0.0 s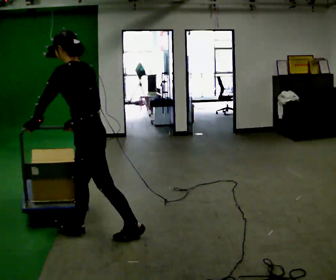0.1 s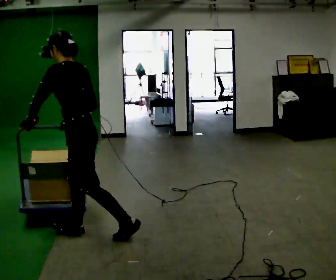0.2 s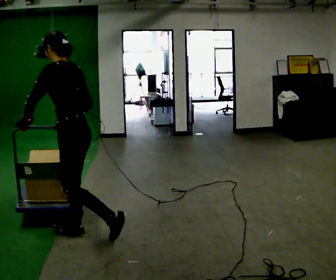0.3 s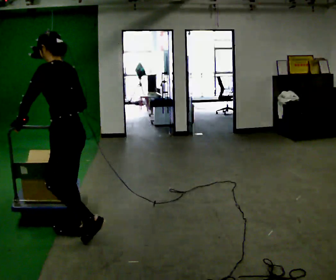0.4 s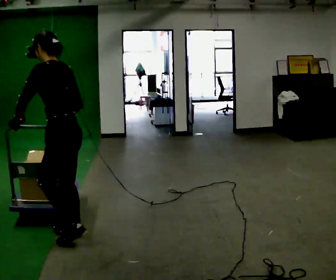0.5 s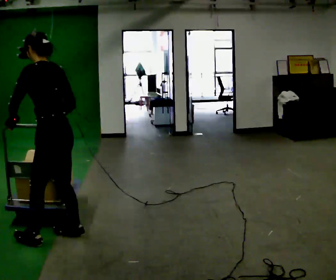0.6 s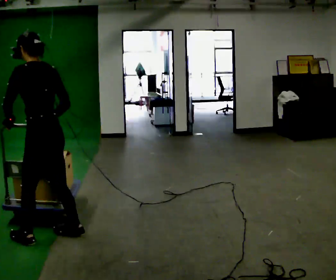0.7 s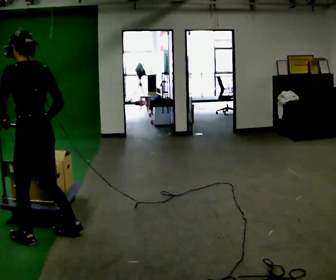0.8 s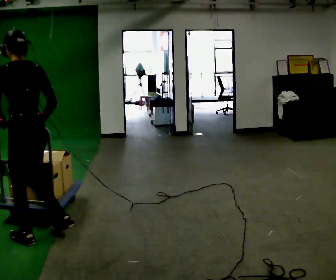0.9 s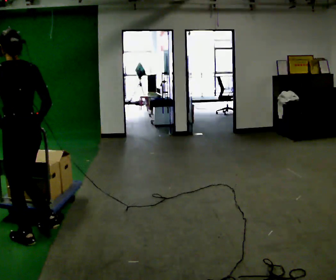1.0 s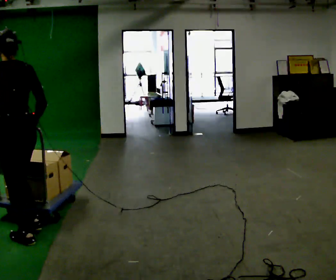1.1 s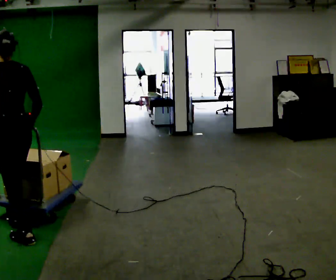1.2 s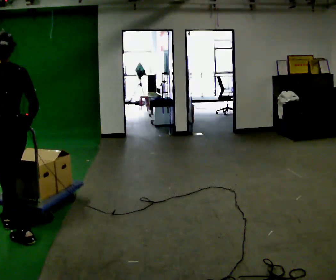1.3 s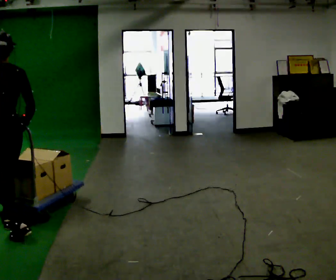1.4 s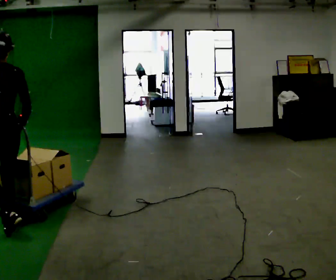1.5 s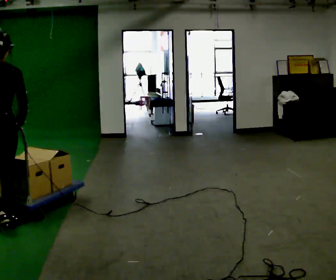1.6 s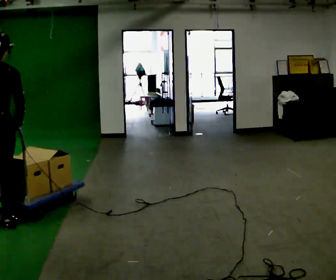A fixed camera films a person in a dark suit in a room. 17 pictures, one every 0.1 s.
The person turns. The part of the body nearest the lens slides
to the left.
The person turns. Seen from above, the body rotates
clockwise.
0.0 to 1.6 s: Seen from above the body turns clockwise, about 60 degrees: to their right, with its near side sliding to the left. In the picture they go to the left, about 1 m in 2 steps. In the picture the upper body tilts clockwise, shoulders to the right.
The film runs forward here.
